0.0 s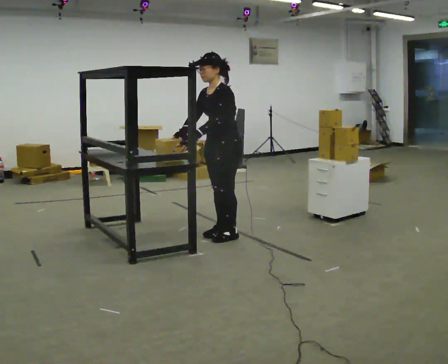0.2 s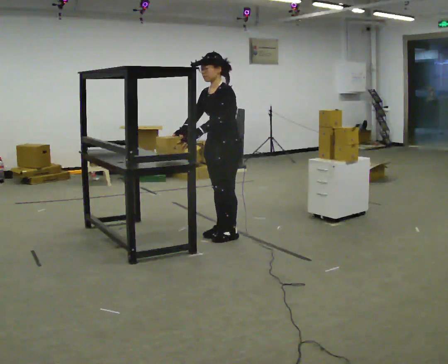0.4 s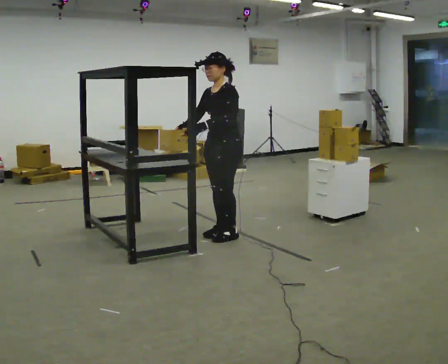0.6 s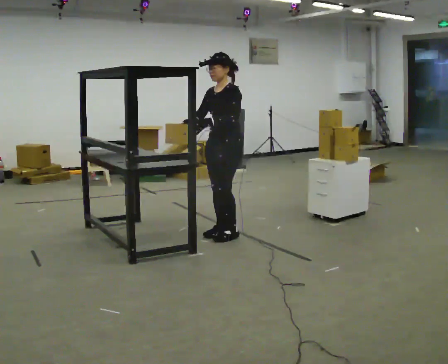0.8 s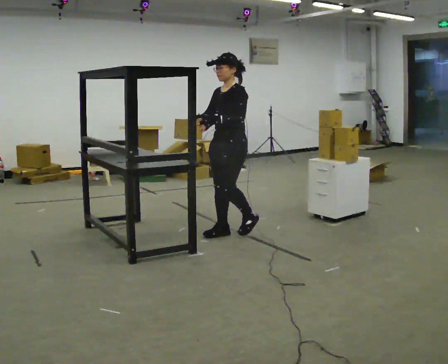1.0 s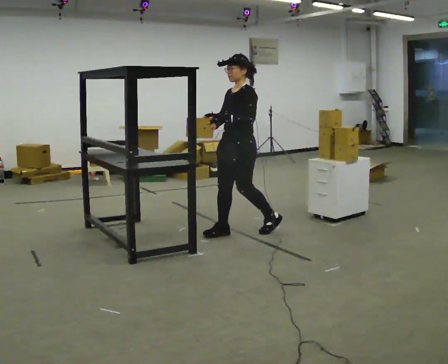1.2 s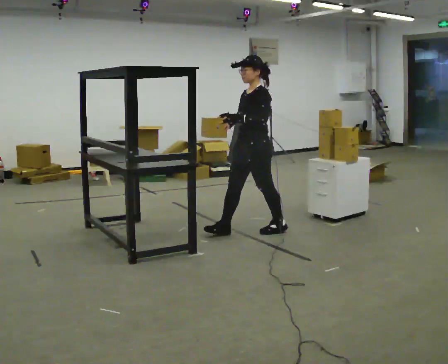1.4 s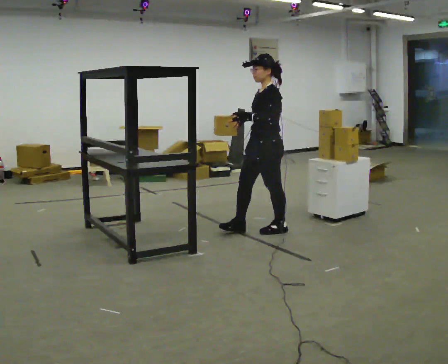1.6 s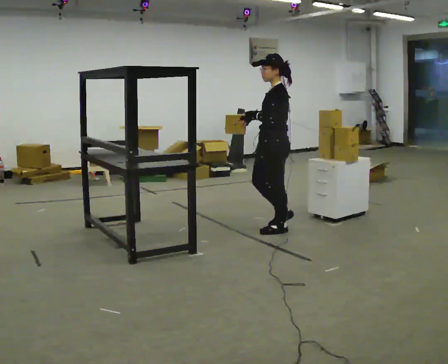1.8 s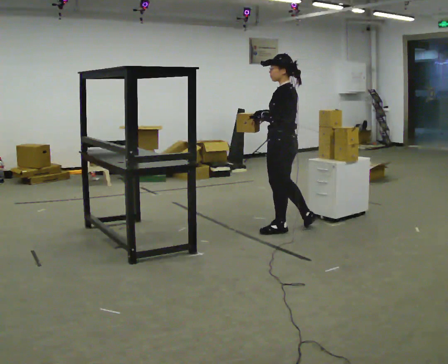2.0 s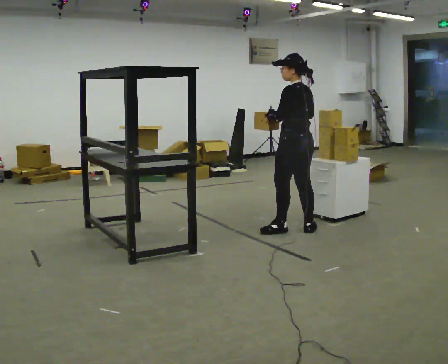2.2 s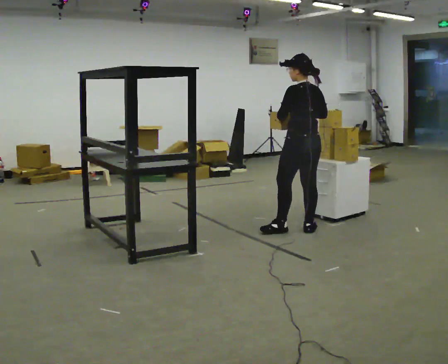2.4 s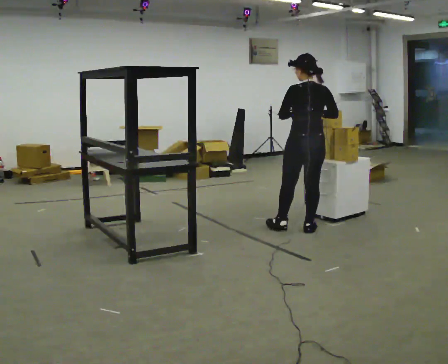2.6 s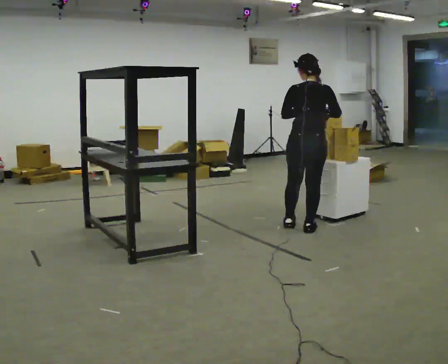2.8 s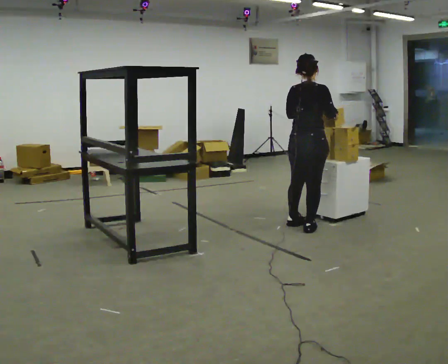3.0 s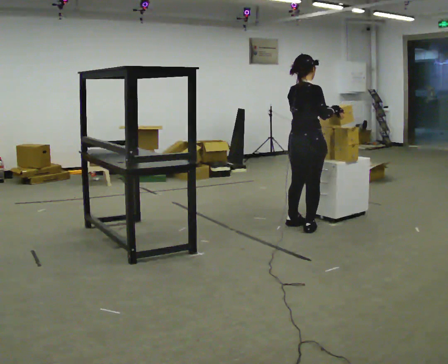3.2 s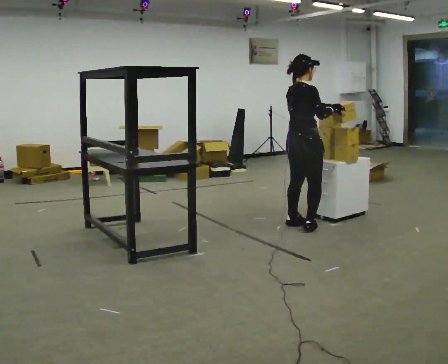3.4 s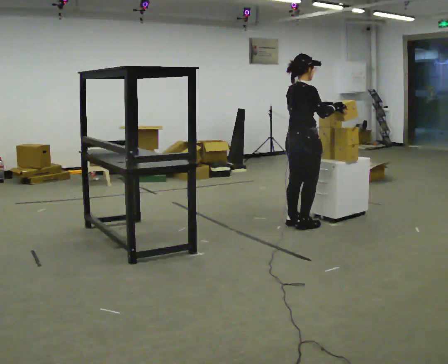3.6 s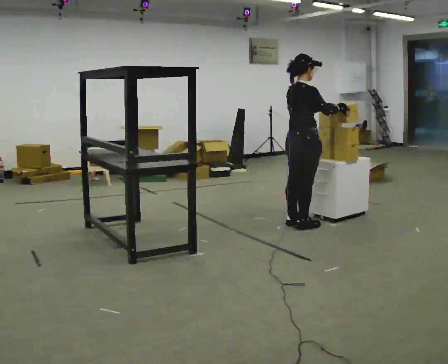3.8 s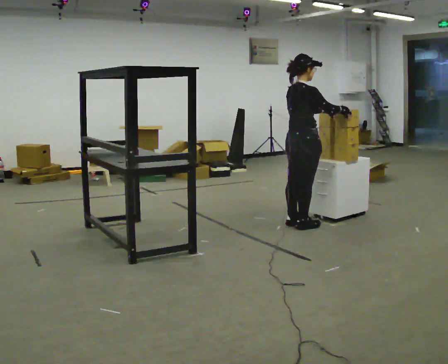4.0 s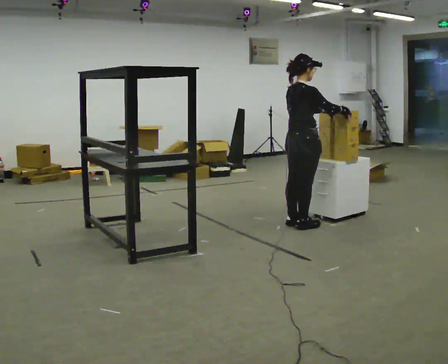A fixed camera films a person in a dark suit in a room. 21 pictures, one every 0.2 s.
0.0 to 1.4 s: In the picture they go to the right, about 0.5 m in 2 steps, which for them is backward and to their left.
1.4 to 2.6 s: Seen from above the body turns clockwise, about 120 degrees: to their right, with its near side sliding to the left. In the picture they go to the right, about 0.25 m in 1 step.
2.6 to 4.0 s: The person turns about 60 degrees to their right, clockwise seen from above, so the part of the body nearest the lens slides to the left.
The film runs backward here.
